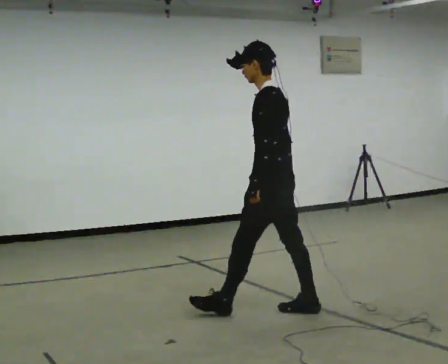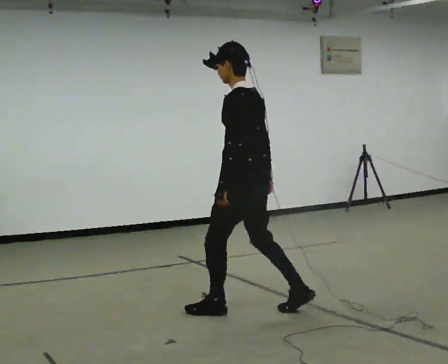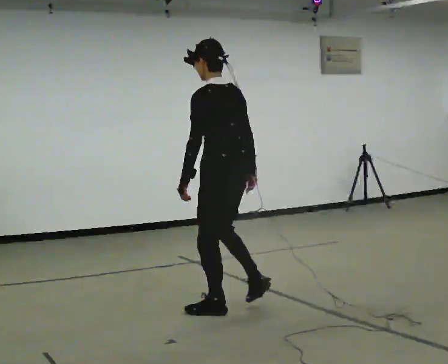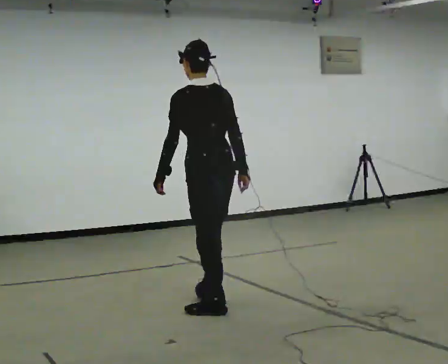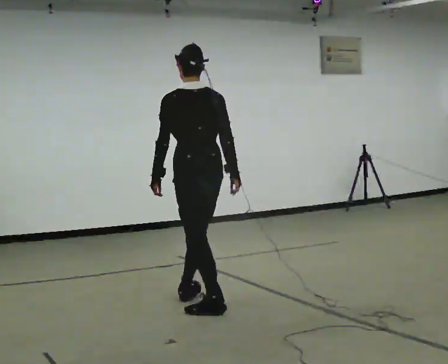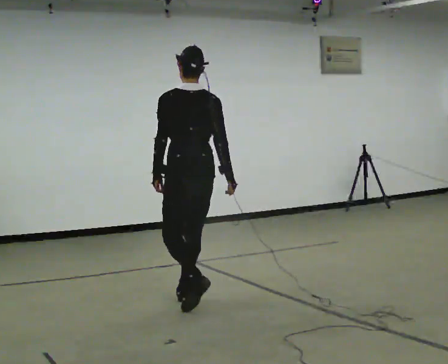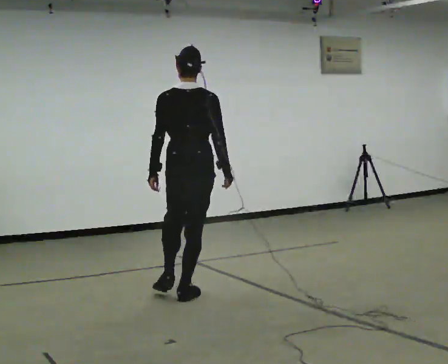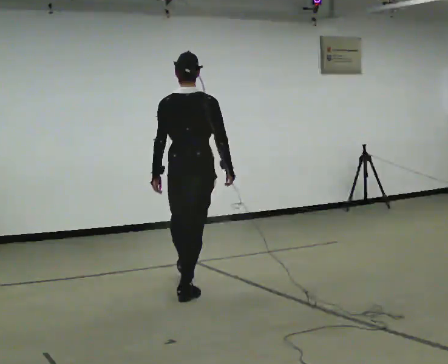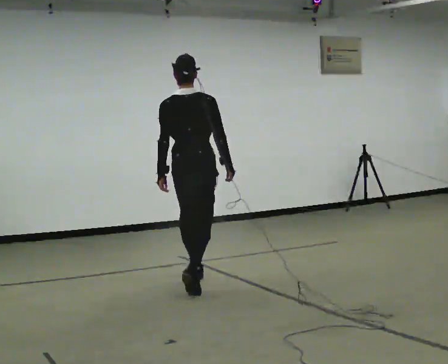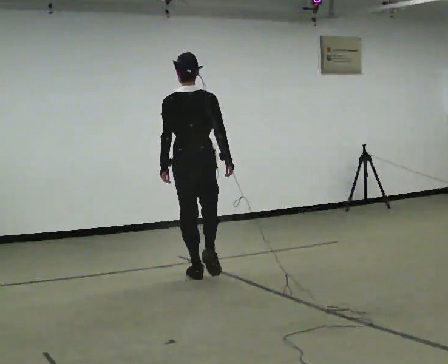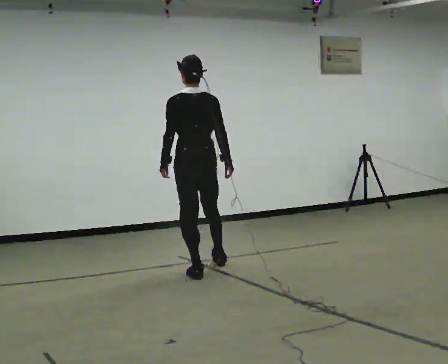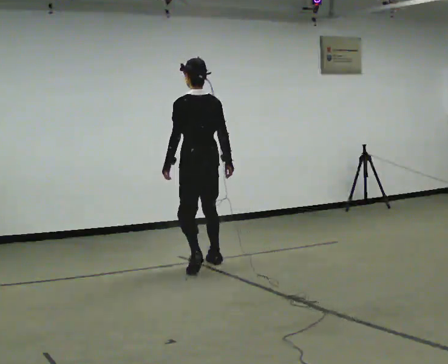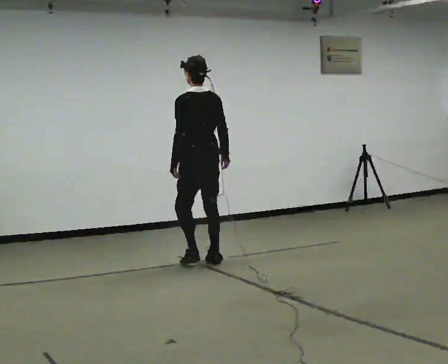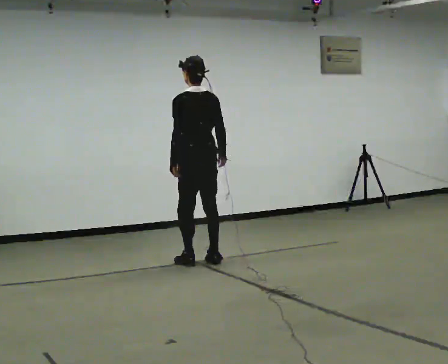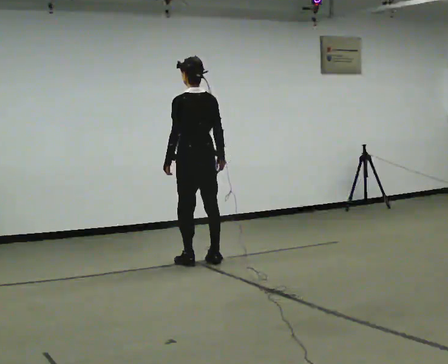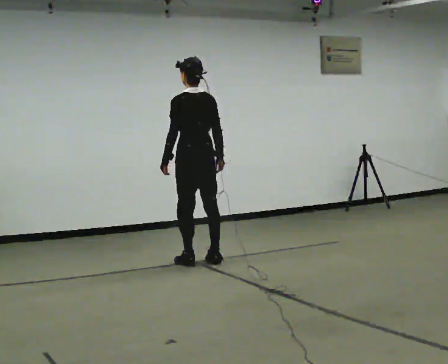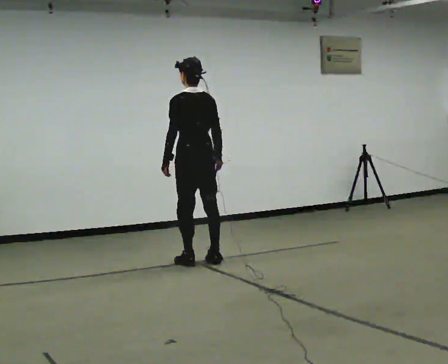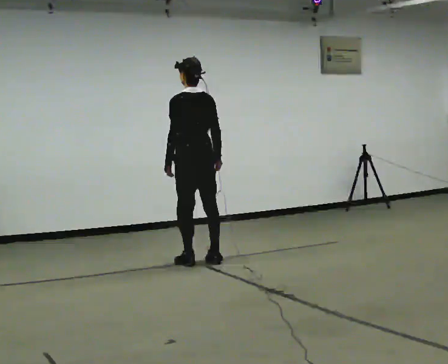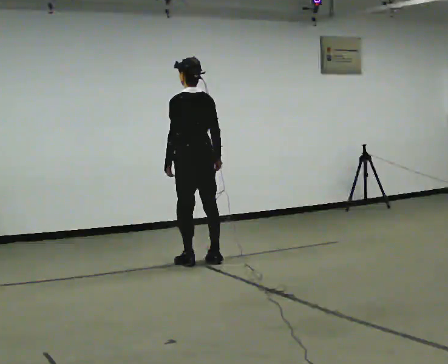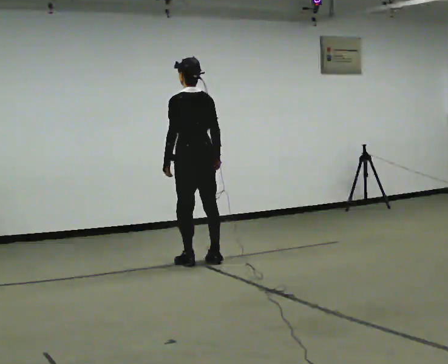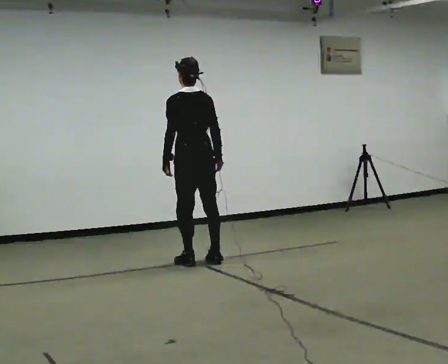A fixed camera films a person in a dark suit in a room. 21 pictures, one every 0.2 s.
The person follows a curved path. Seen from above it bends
clockwise.
The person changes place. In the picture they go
away from the camera.
0.0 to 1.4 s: The person turns about 75 degrees to their right, clockwise seen from above, so the part of the body nearest the lens slides to the left. In the picture they go away from the camera and to the left, about 1 m in 2 steps.
1.4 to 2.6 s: The part of the body nearest the lens slides to the right as the person turns to their left by about 30 degrees. In the picture they go away from the camera, about 1 m in 3 steps, which for them is forward and to their right.
2.6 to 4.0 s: The person moves a little, or ends about where they began.
The film runs forward here.
